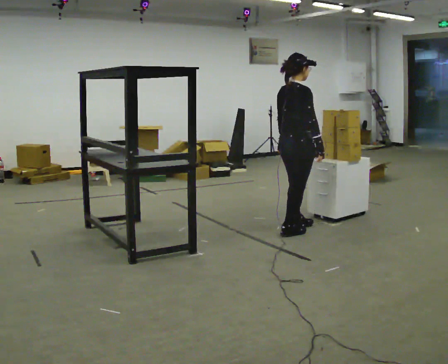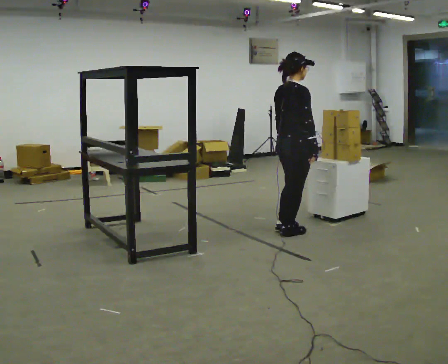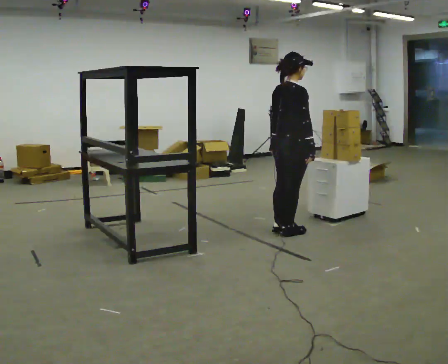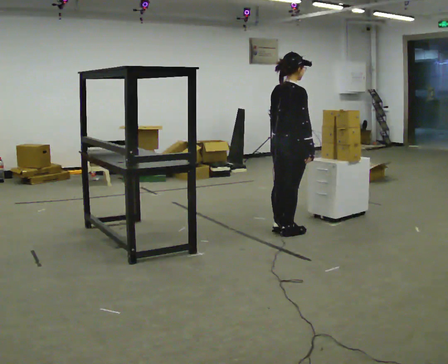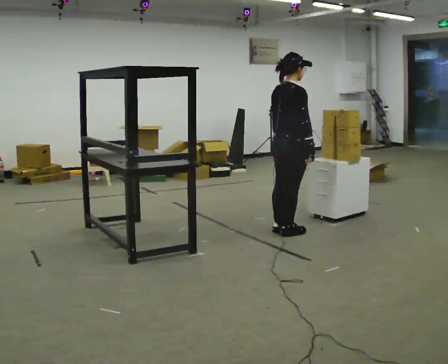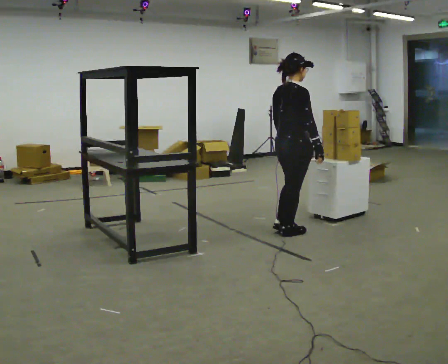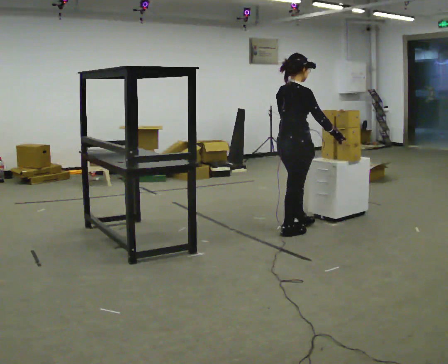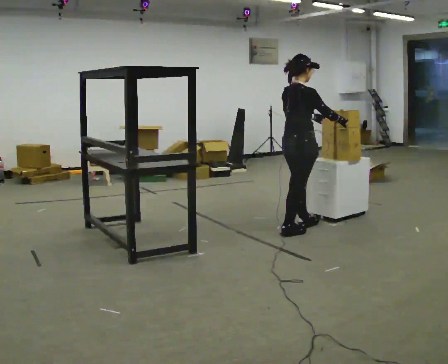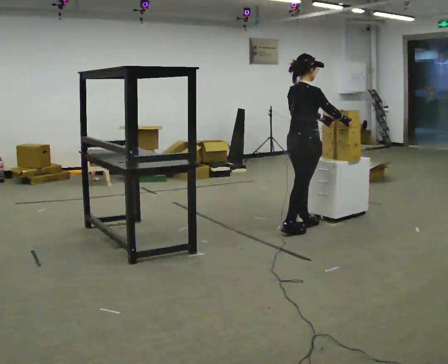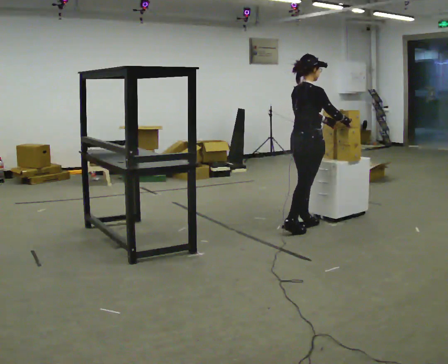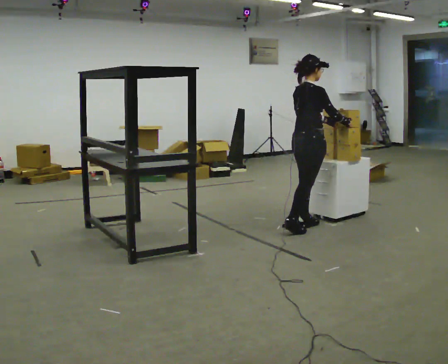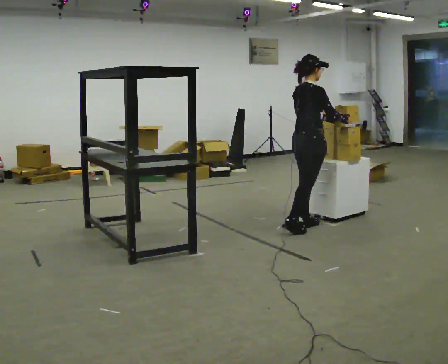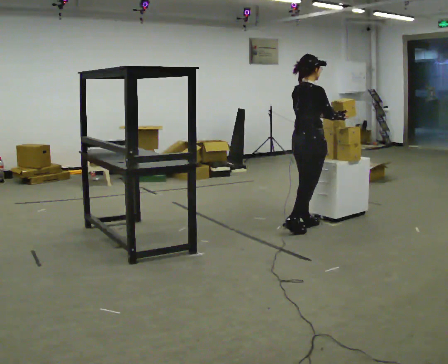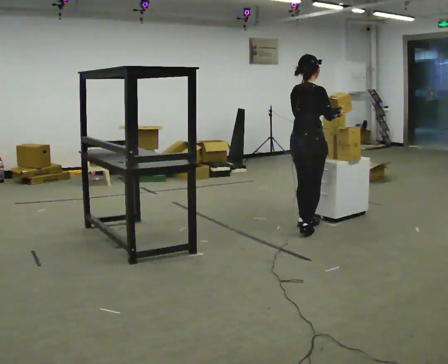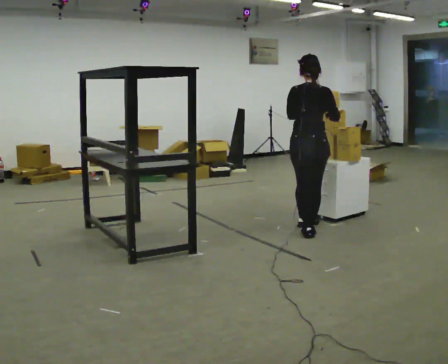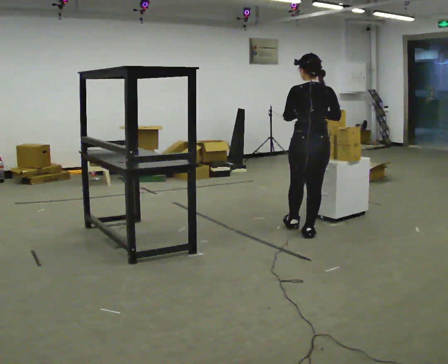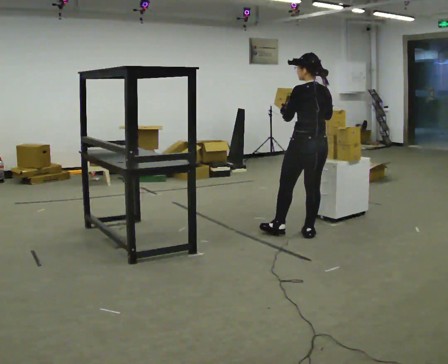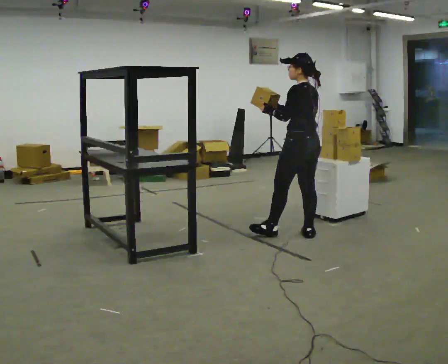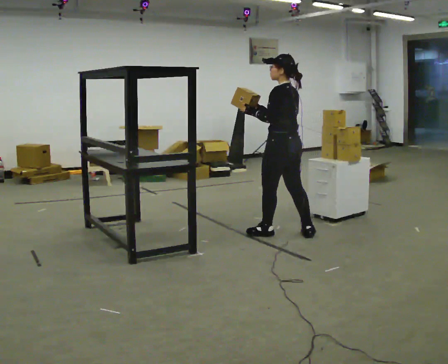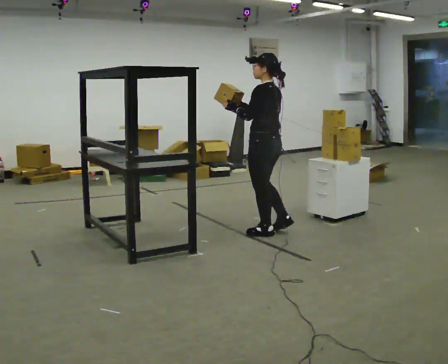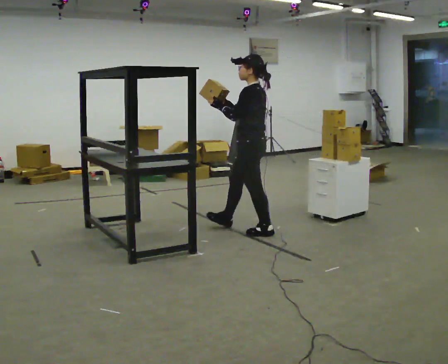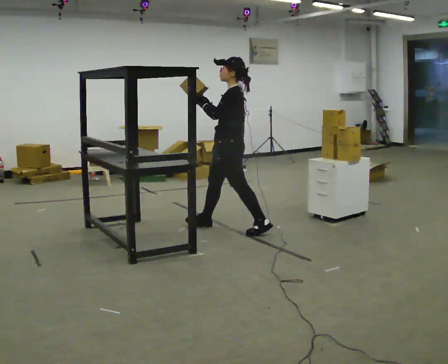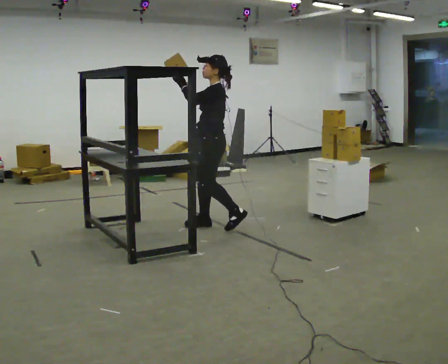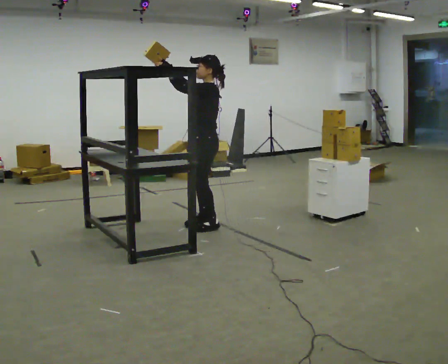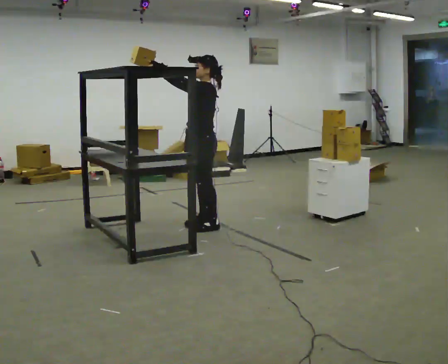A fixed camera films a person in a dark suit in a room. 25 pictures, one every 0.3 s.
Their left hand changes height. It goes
upward.
The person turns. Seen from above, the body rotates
counterclockwise.
0.0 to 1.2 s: The person moves a little, or ends about where they began.
1.2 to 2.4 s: In the picture they go away from the camera, about 0.25 m in 1 step, which for them is forward. In the picture their right hand goes to the right.
2.4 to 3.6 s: The person moves a little, or ends about where they began.
3.6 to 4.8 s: Seen from above the body turns counterclockwise, about 90 degrees: to their left, with its near side sliding to the right. In the picture they go toward the camera, about 0.25 m in 1 step.
4.8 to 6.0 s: The part of the body nearest the lens slides to the right as the person turns to their left by about 45 degrees. In the picture they go to the left, about 0.5 m in 1 step, which for them is forward and to their left.
6.0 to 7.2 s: The part of the body nearest the lens slides to the right as the person turns to their left by about 30 degrees. In the picture they go to the left, about 0.5 m in 2 steps, which for them is forward and to their right. In the picture their right hand goes upward.
The film runs forward here.
